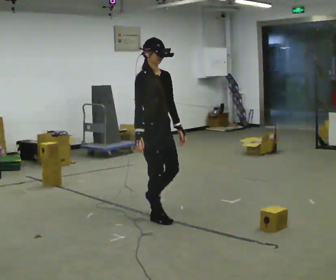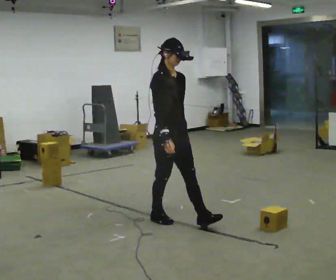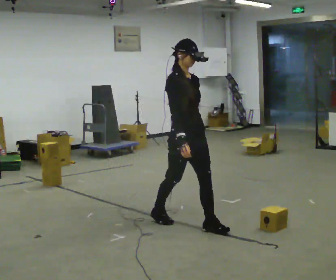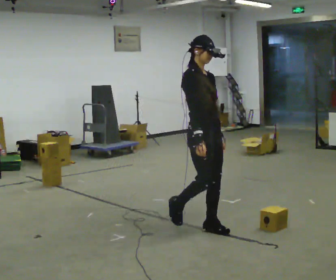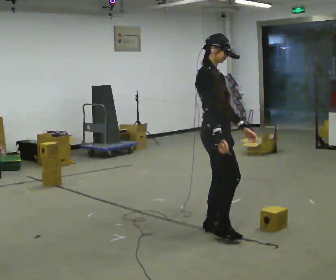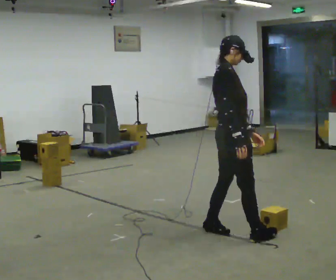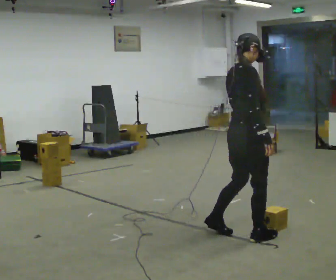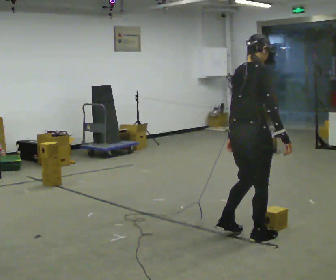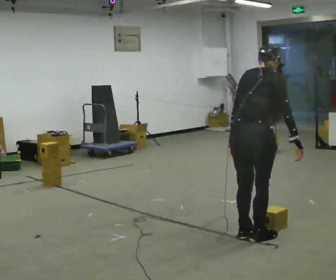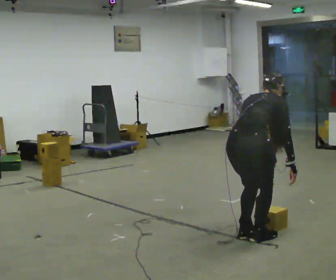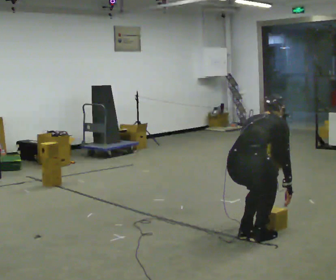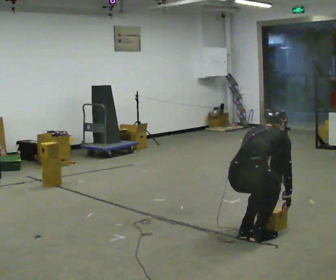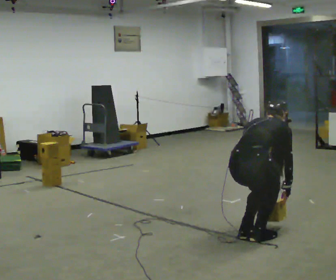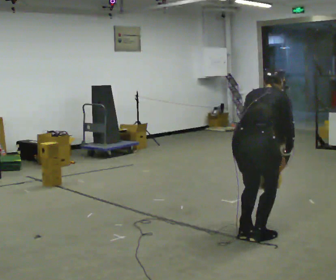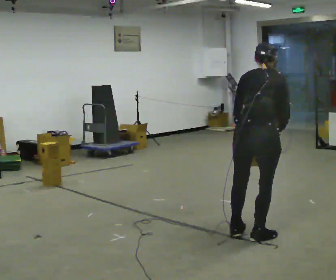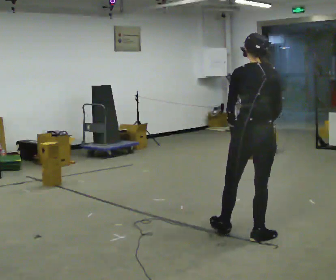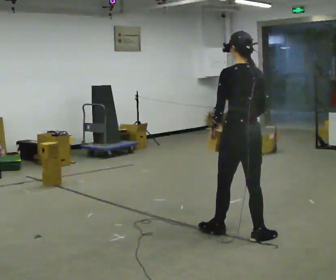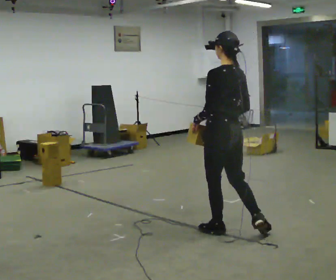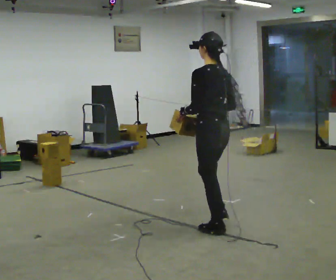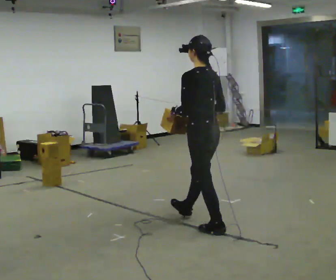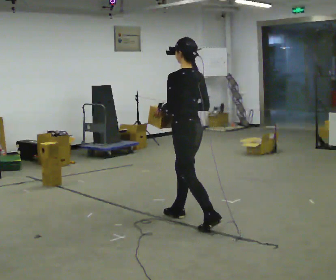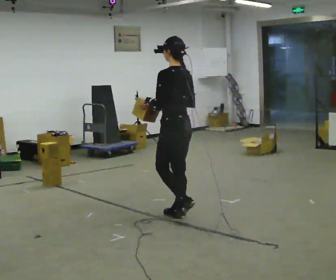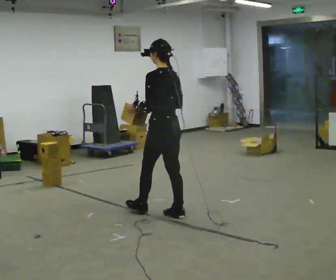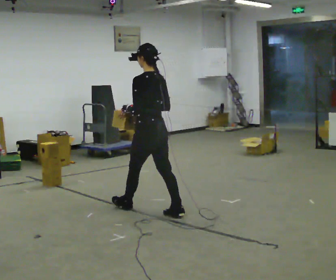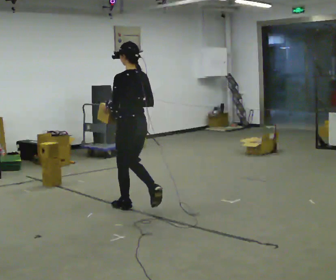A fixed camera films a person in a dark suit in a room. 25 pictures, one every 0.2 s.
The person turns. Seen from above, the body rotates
counterclockwise.
The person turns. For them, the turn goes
to their left.
0.0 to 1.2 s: The person turns about 60 degrees to their left, counterclockwise seen from above, so the part of the body nearest the lens slides to the right. In the picture they go to the right and toward the camera, about 1 m in 2 steps.
1.2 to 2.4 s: The person turns about 30 degrees to their left, counterclockwise seen from above, so the part of the body nearest the lens slides to the right. The shoulders move downward. The upper body tips away from the camera, its near side rolling upward, as they bend forward. In the picture their right hand goes downward.
2.4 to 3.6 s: Seen from above the body turns counterclockwise, about 75 degrees: to their left, with its near side sliding to the right. In the picture they go away from the camera and to the left, about 0.5 m in 1 step. The upper body goes upward. The upper body tips toward the camera, its near side rolling downward, as they lean back or straighten. In the picture their right hand goes upward.
3.6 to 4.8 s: In the picture they go to the left and away from the camera, about 1 m in 2 steps, which for them is forward.
The film runs forward here.
